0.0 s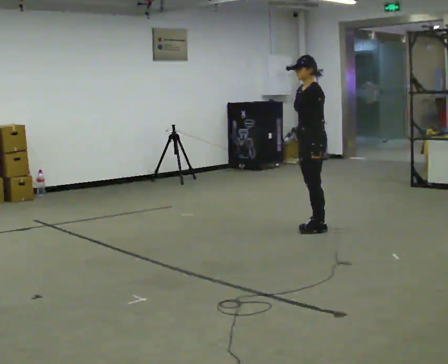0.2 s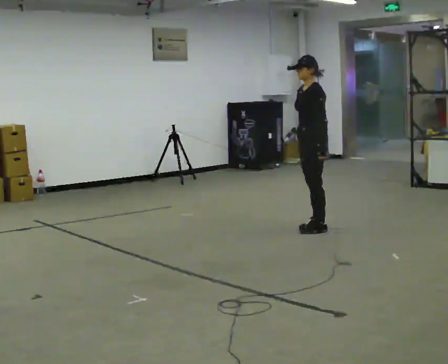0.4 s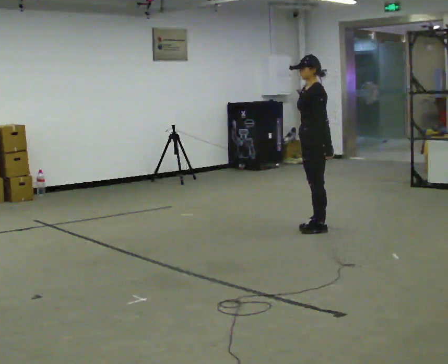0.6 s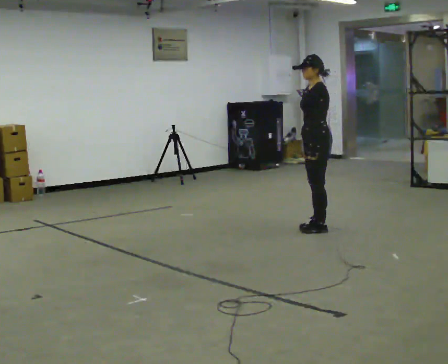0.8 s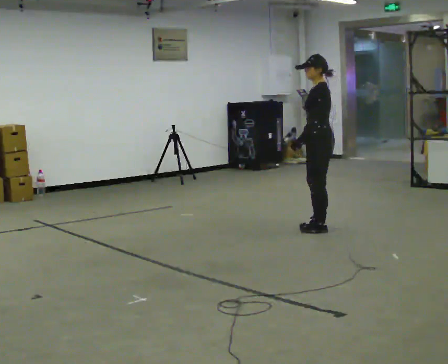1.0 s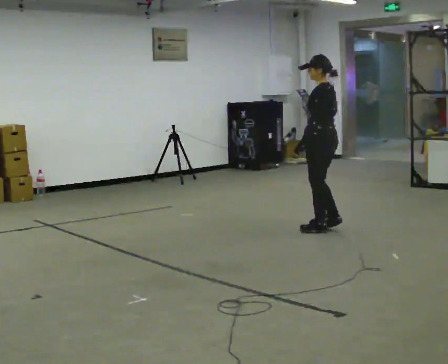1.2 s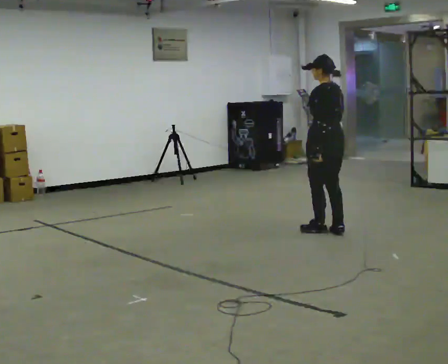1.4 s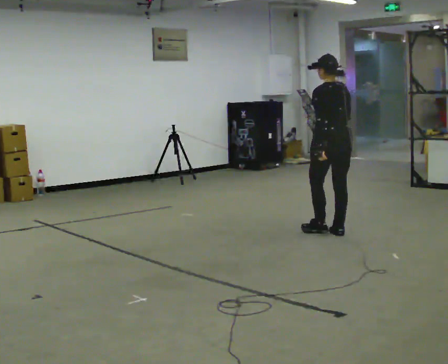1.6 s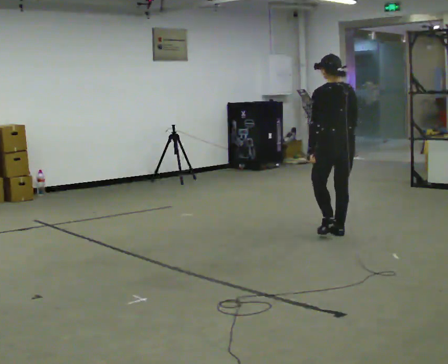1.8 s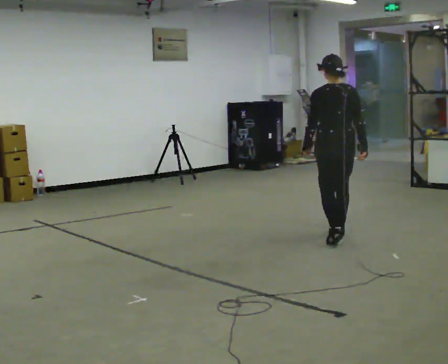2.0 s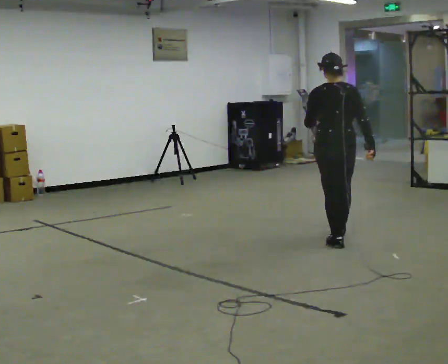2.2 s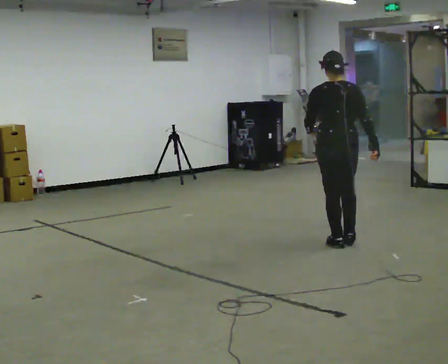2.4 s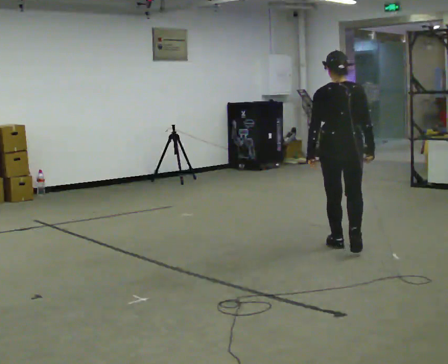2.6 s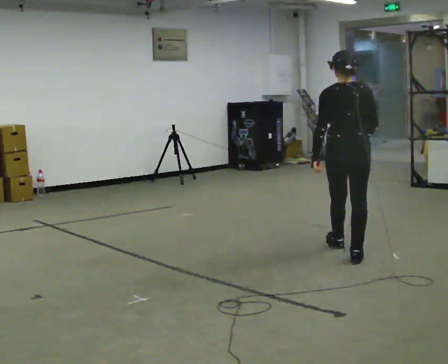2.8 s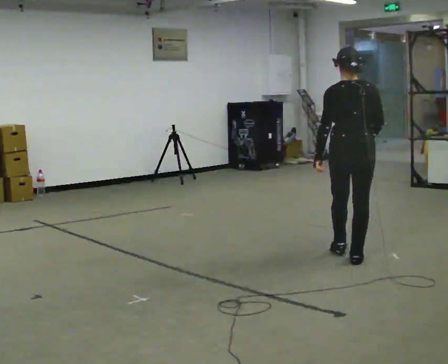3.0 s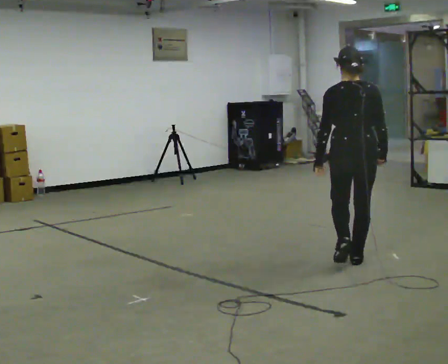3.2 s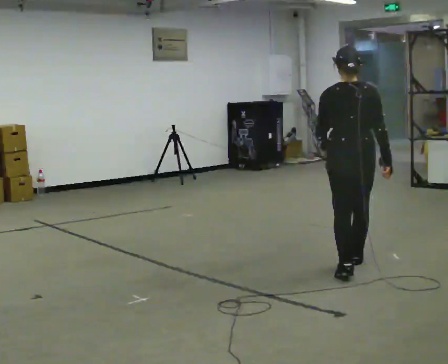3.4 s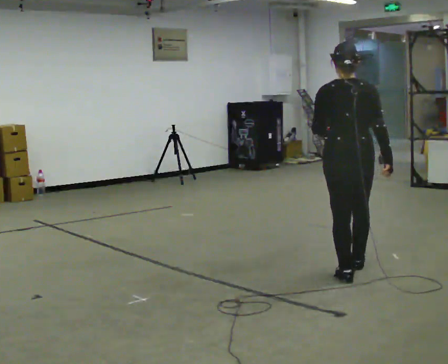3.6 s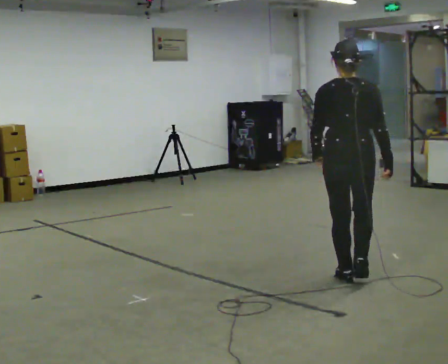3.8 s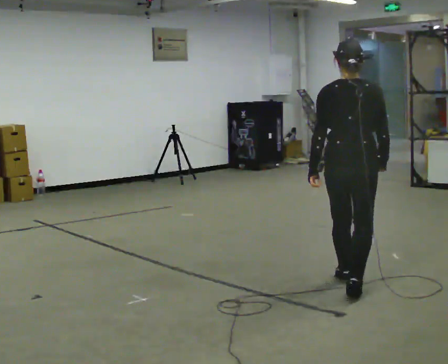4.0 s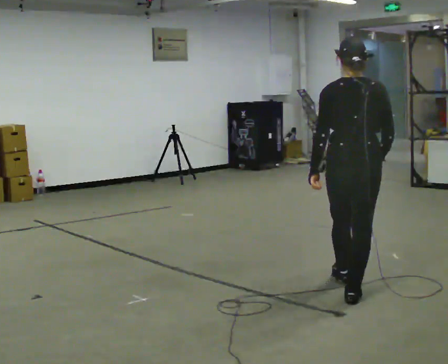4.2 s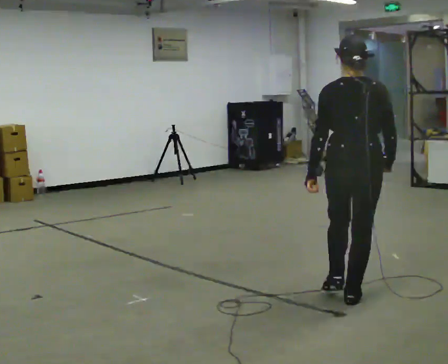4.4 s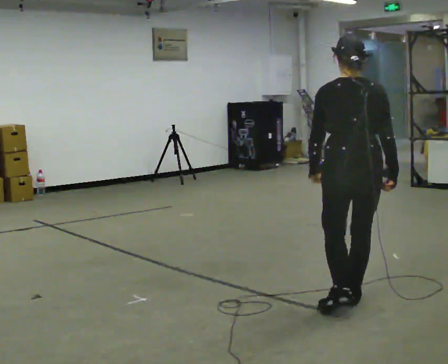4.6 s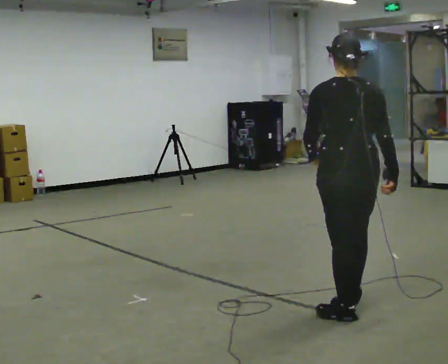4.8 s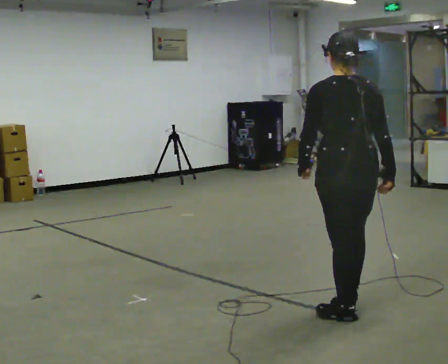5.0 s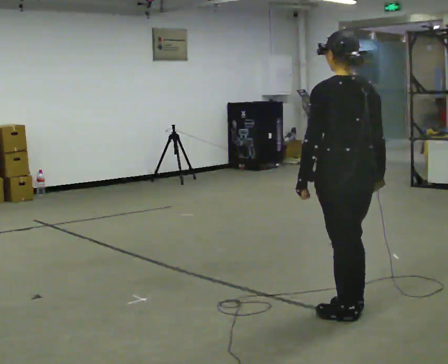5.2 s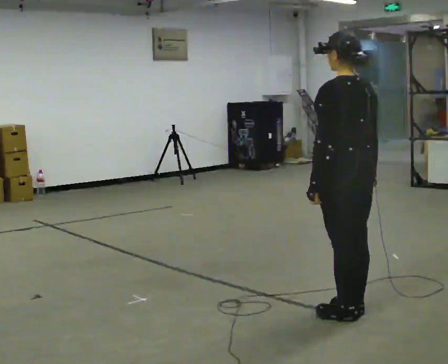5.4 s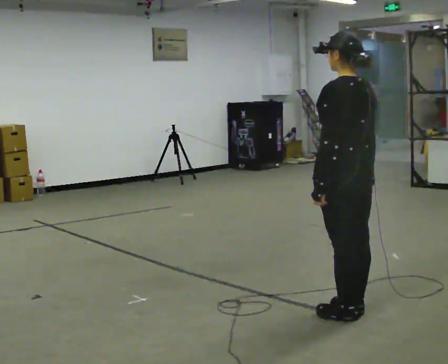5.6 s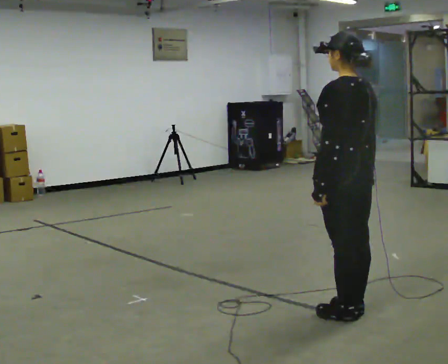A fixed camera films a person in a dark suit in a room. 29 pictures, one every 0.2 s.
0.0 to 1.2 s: Seen from above the body turns clockwise, about 60 degrees: to their right, with its near side sliding to the left.
1.2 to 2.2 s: The person turns about 45 degrees to their right, clockwise seen from above, so the part of the body nearest the lens slides to the left. In the picture they go toward the camera, about 0.5 m in 2 steps, which for them is backward.
2.2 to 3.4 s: In the picture they go toward the camera, about 1 m in 2 steps, which for them is backward.
3.4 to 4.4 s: In the picture they go toward the camera, about 0.5 m in 1 step, which for them is backward.
4.4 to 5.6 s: The person turns about 45 degrees to their left, counterclockwise seen from above, so the part of the body nearest the lens slides to the right. In the picture they go toward the camera, about 0.25 m in 1 step, which for them is backward and to their left.
The film runs backward here.
